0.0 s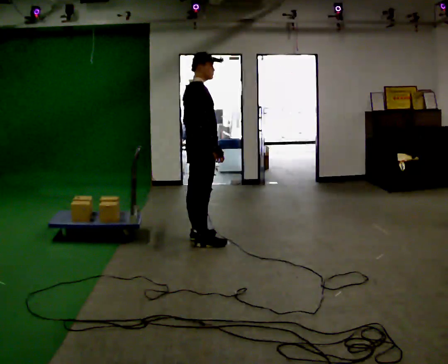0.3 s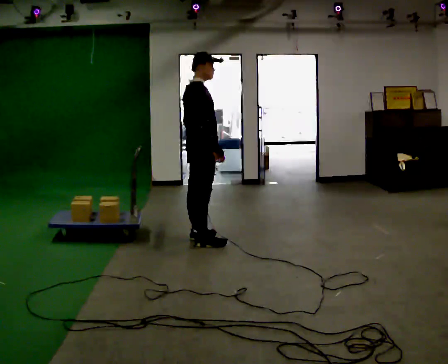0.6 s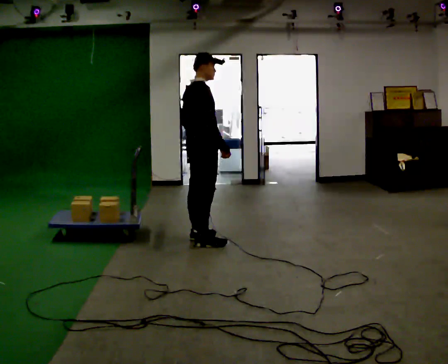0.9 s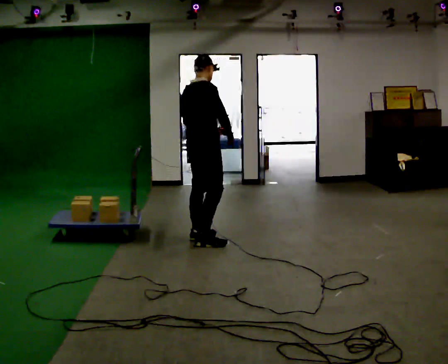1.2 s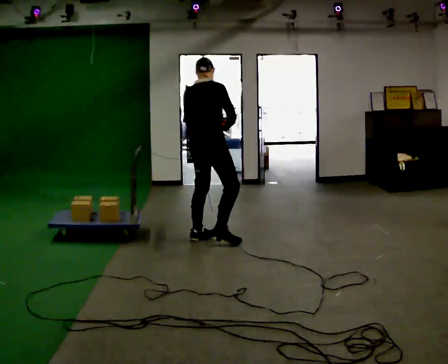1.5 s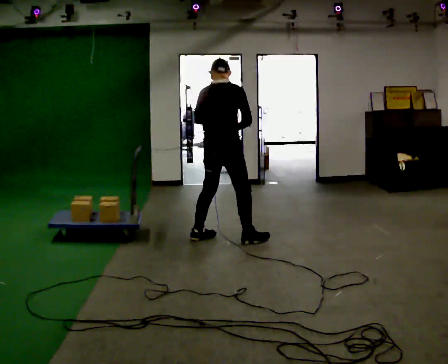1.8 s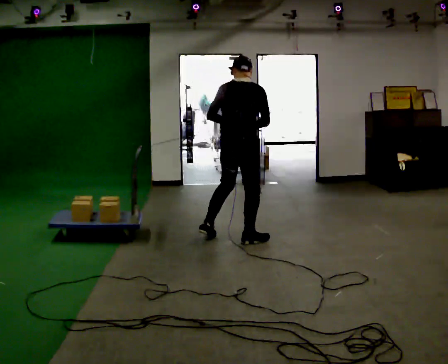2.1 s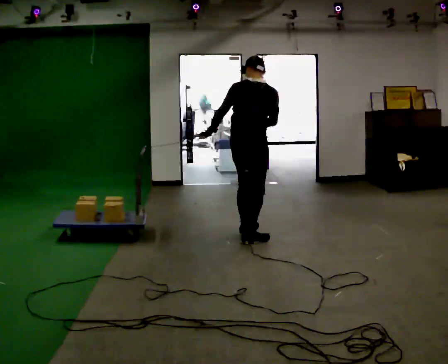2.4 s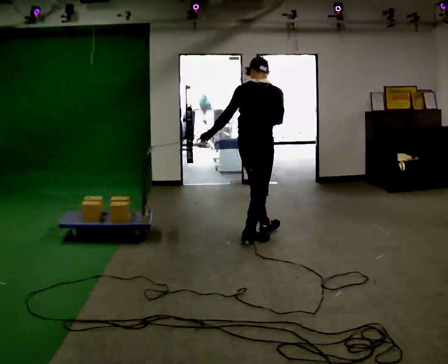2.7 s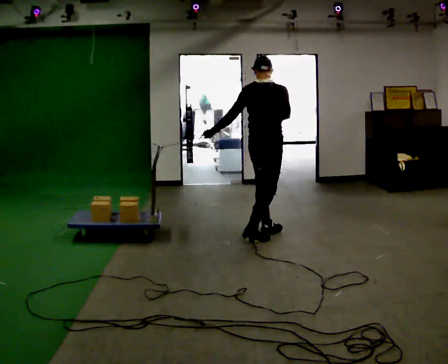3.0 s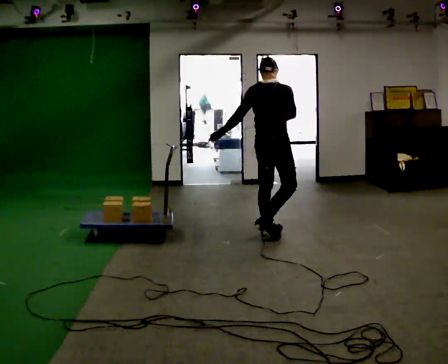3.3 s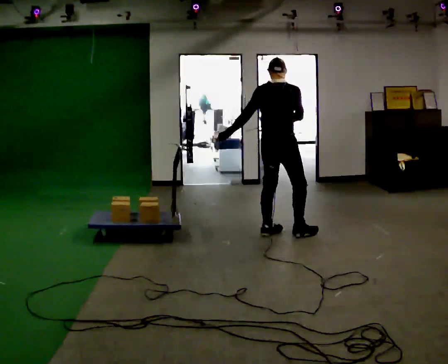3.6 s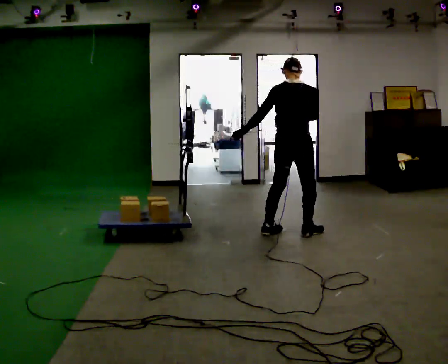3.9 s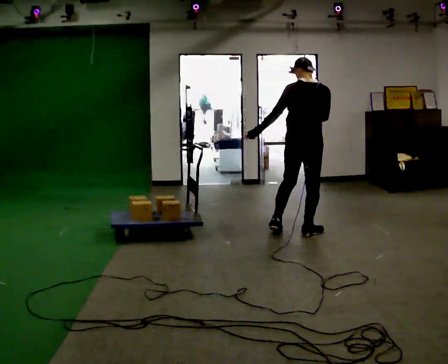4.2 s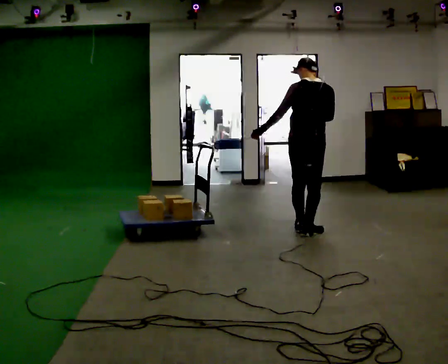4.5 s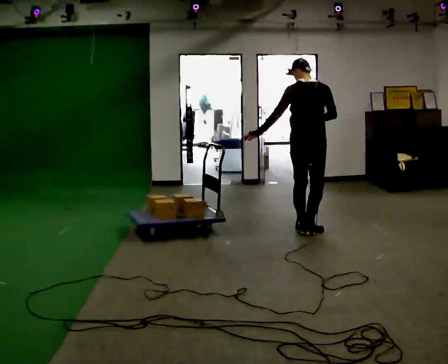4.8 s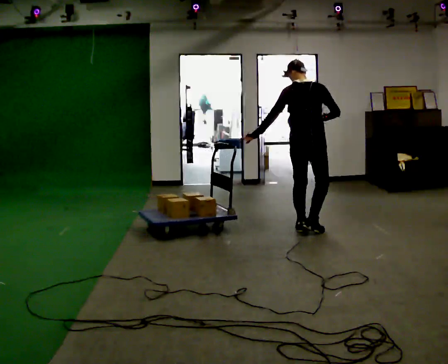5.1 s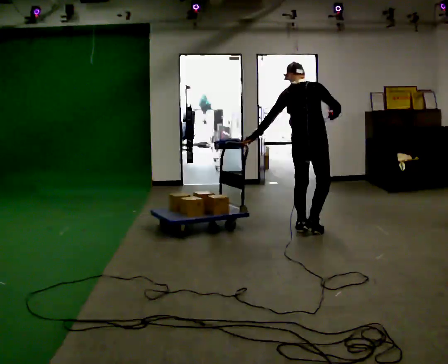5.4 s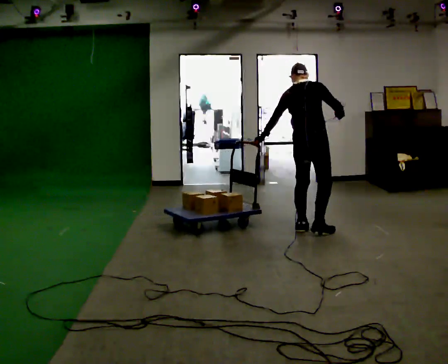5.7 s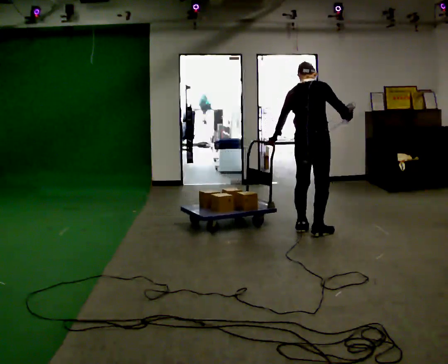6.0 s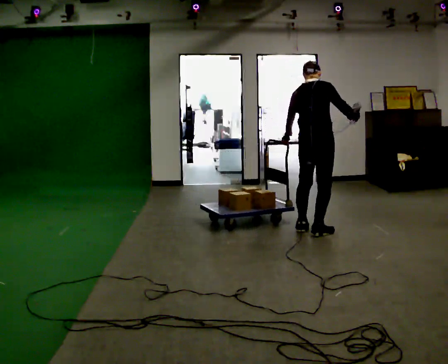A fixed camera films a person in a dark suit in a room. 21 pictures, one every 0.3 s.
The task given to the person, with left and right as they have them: Drag the sled across the room. The bags on it are loose and will move about as it goes. The operator will log the load and the peak reading on the scale for every take.
0.0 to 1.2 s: The part of the body nearest the lens slides to the right as the person turns to their left by about 30 degrees.
1.2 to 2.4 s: In the picture they go to the right, about 0.5 m in 2 steps, which for them is to their right and forward.
2.4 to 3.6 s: In the picture they go to the right and away from the camera, about 0.5 m in 1 step, which for them is forward.
3.6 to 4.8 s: In the picture their right hand goes to the right.
4.8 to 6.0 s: In the picture their left hand goes to the right.
The film runs forward here.
